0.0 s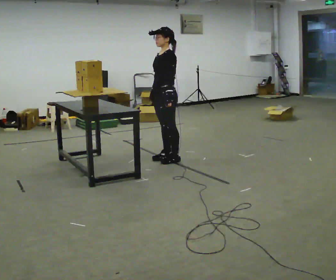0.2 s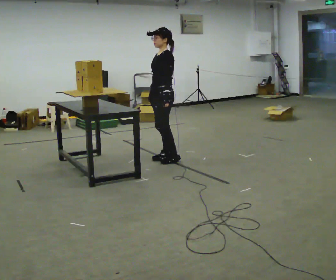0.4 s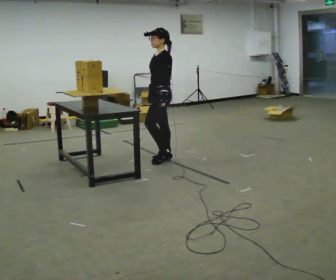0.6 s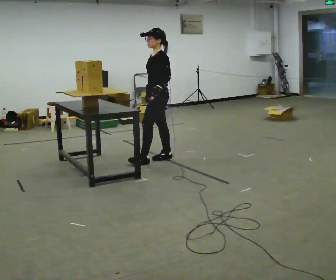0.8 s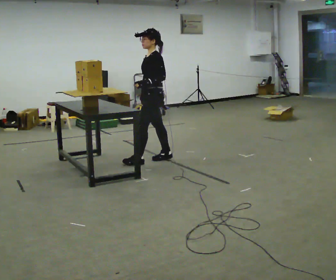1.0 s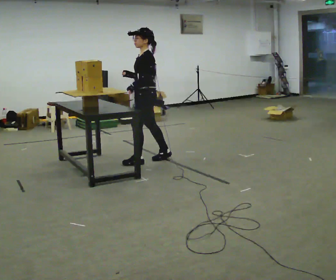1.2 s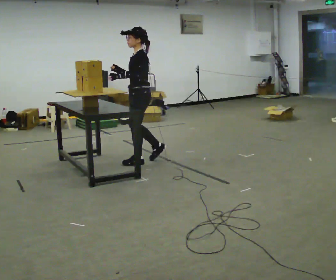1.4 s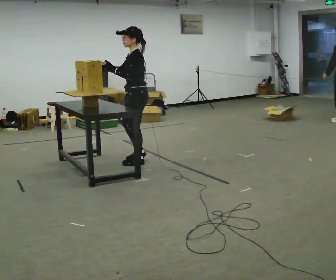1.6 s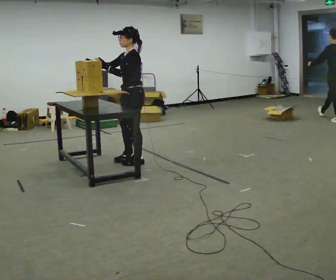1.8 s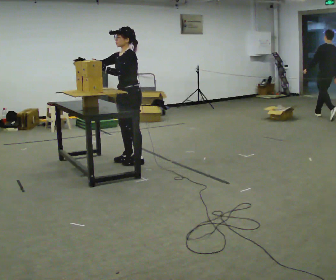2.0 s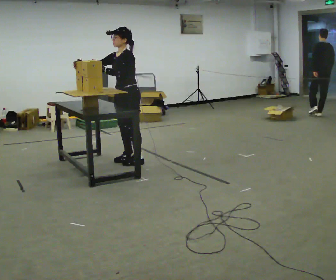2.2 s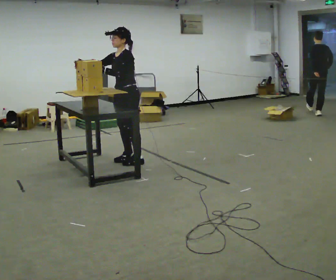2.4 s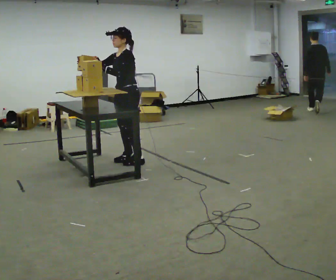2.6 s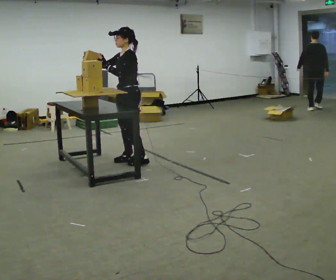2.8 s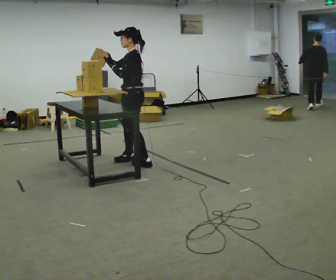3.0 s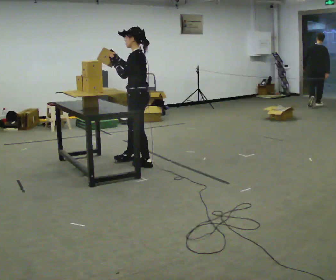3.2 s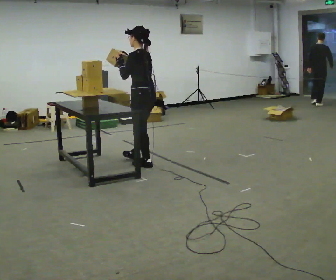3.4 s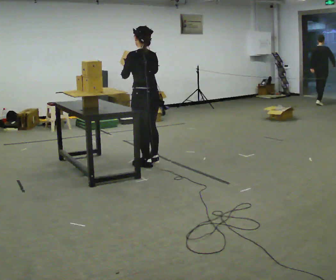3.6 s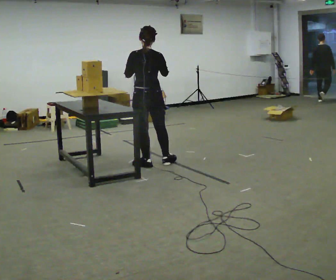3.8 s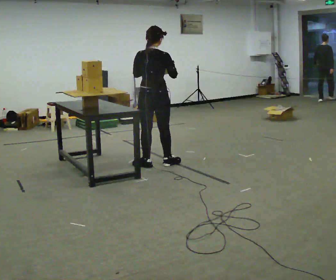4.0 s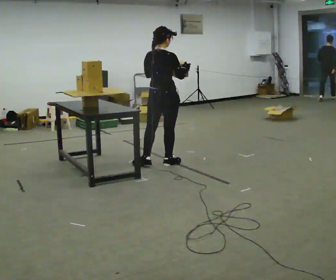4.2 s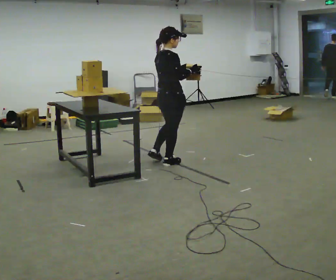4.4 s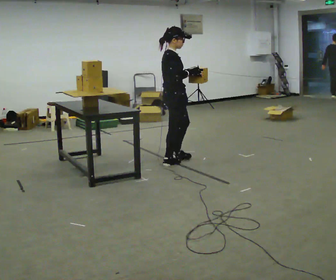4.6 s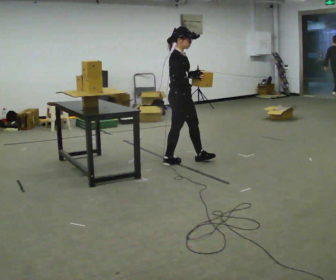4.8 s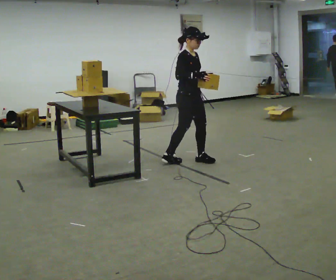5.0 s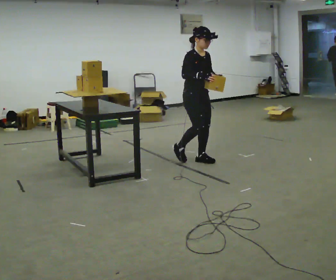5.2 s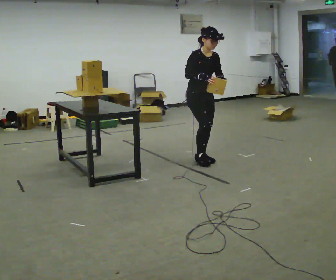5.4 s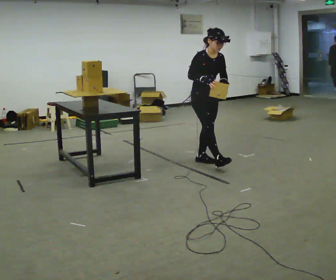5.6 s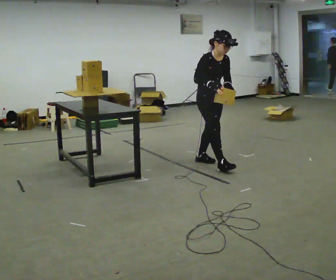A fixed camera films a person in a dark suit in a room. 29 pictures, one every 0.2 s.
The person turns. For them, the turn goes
to their right.
The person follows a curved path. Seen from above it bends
counterclockwise.
0.0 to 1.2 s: In the picture they go to the left, about 0.25 m in 1 step, which for them is forward.
1.2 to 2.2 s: Seen from above the body turns counterclockwise, about 30 degrees: to their left, with its near side sliding to the right. In the picture they go to the left, about 0.25 m in 1 step, which for them is forward. In the picture their right hand goes to the left.
2.2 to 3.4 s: Seen from above the body turns clockwise, about 75 degrees: to their right, with its near side sliding to the left. In the picture they go toward the camera and to the right, about 0.25 m.
3.4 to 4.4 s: Seen from above the body turns clockwise, about 120 degrees: to their right, with its near side sliding to the left. In the picture they go to the right, about 0.25 m in 1 step.
4.4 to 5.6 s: The person turns about 60 degrees to their right, clockwise seen from above, so the part of the body nearest the lens slides to the left. In the picture they go to the right, about 0.5 m in 2 steps.
The film runs forward here.
